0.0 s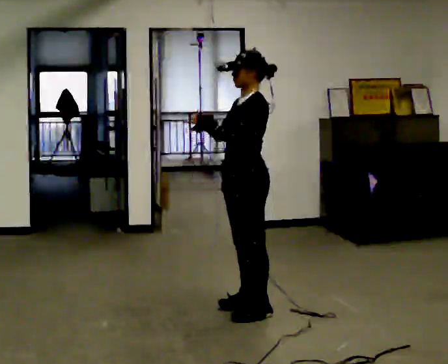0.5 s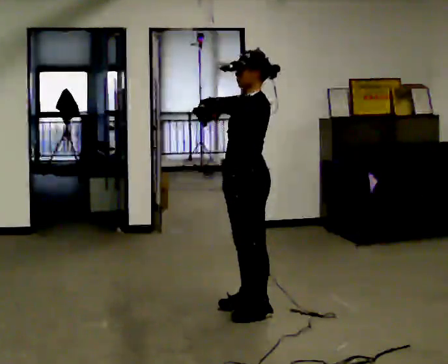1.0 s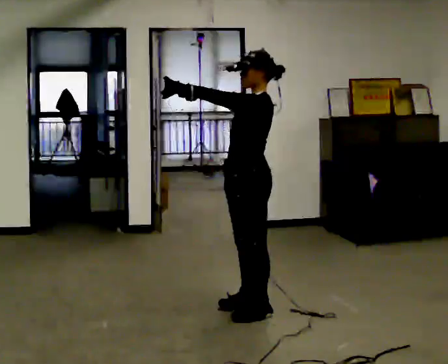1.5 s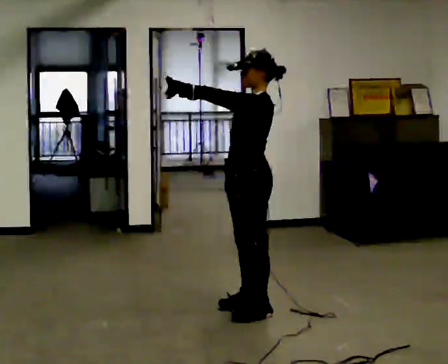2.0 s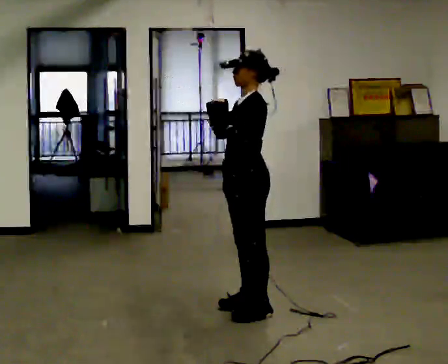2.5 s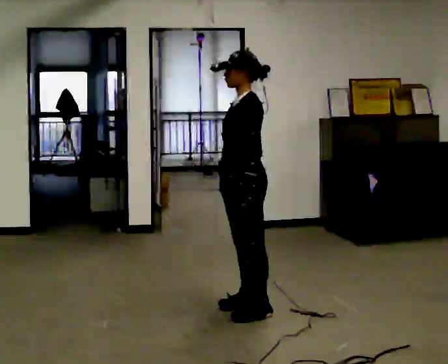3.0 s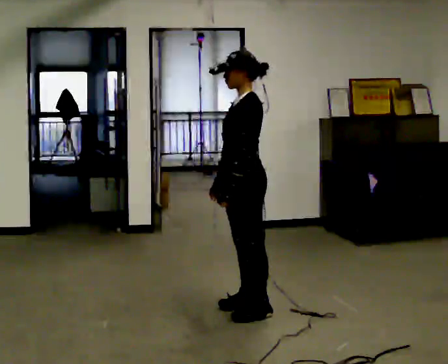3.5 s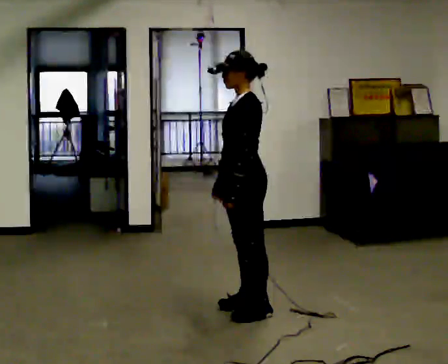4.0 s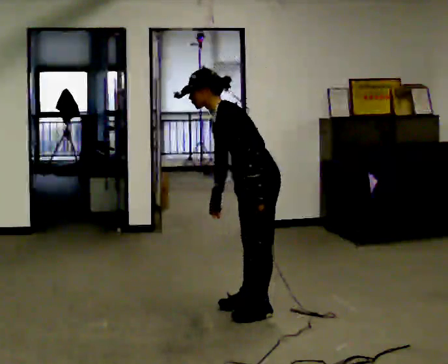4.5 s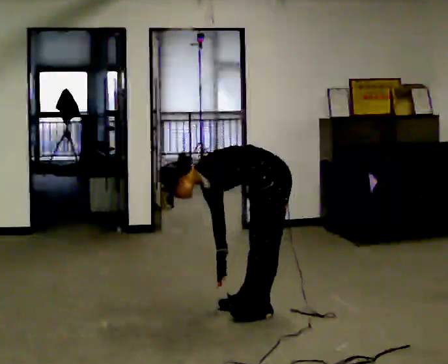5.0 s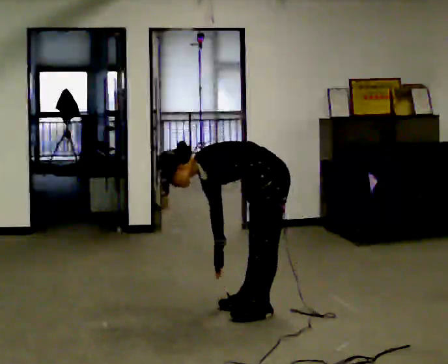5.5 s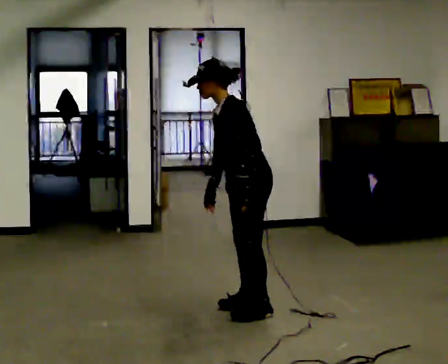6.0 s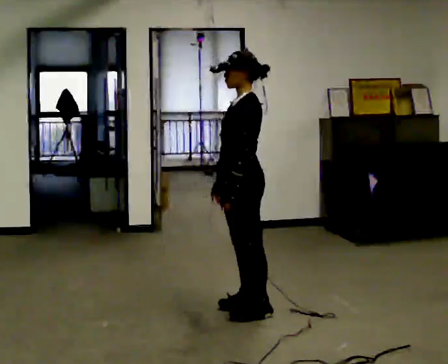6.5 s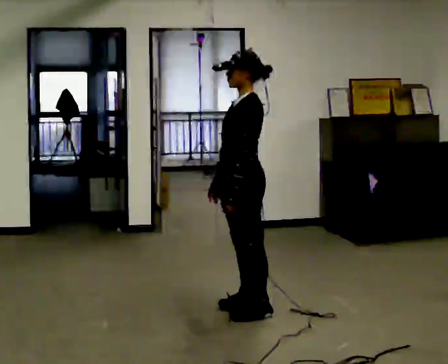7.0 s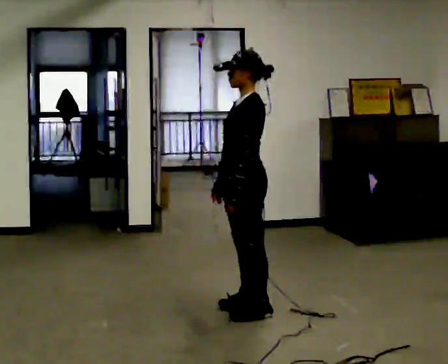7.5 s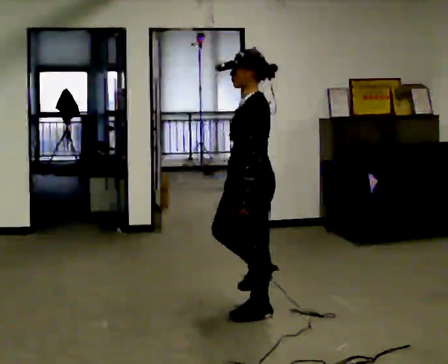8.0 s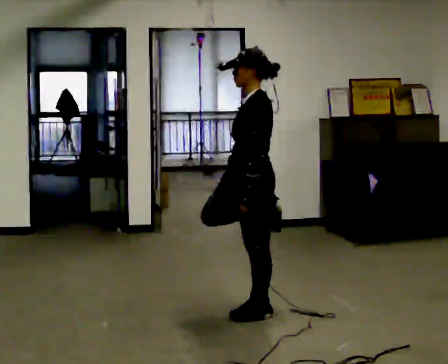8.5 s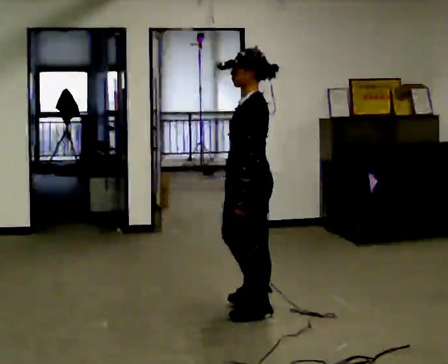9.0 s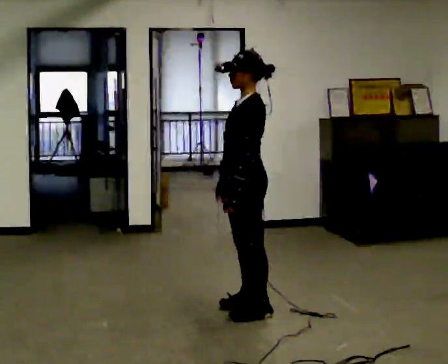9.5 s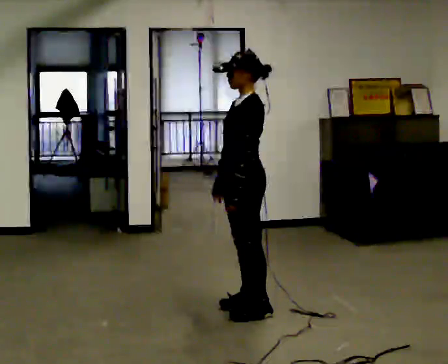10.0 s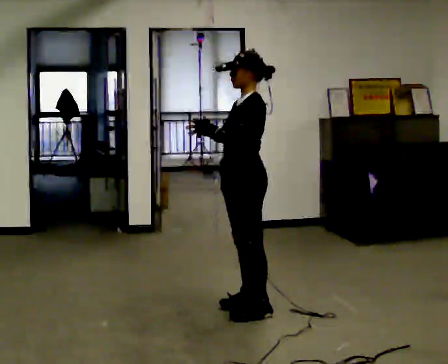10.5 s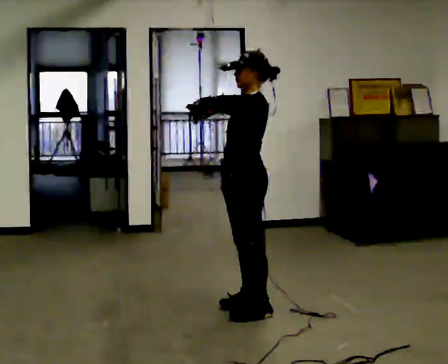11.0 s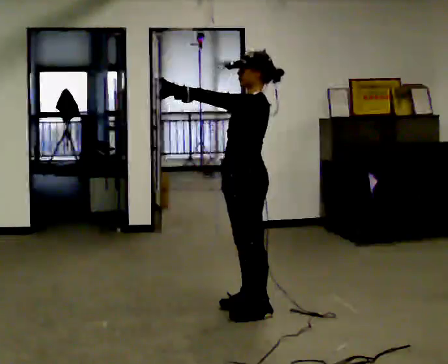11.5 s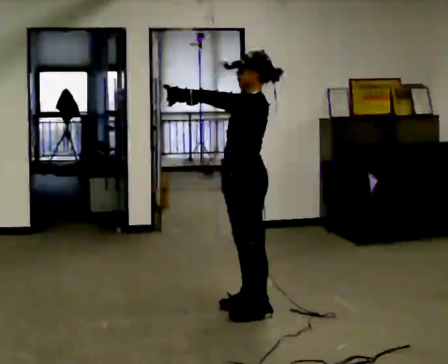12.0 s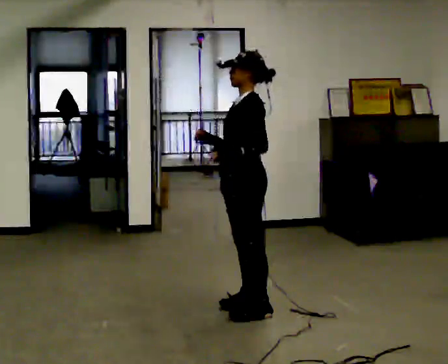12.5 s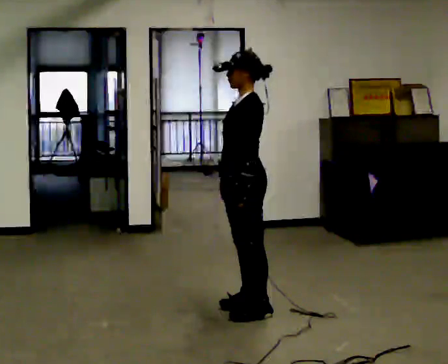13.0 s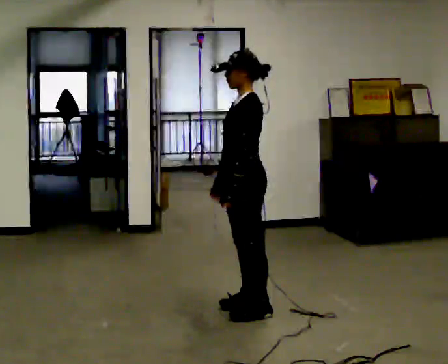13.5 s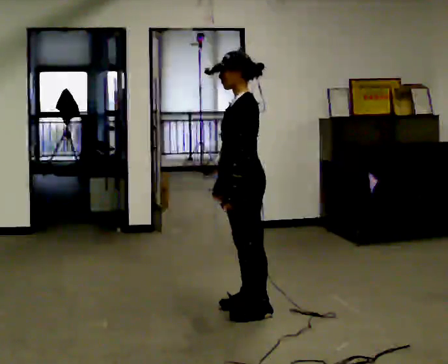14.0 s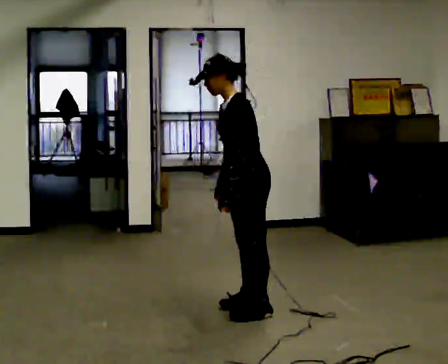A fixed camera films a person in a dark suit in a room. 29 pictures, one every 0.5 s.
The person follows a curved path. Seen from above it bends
clockwise.
0.0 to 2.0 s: The person moves a little, or ends about where they began.
2.0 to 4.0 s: In the picture the upper body tilts counterclockwise, shoulders to the left, as they bend forward. In the picture their right hand goes downward.
4.0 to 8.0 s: In the picture they go toward the camera, about 0.25 m, which for them is to their left.
8.0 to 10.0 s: In the picture their right hand goes upward and to the left, the arm swinging clockwise.
10.0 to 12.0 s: The person moves a little, or ends about where they began.
12.0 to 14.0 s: In the picture the upper body tilts counterclockwise, shoulders to the left, as they bend forward.
The film runs forward here.
